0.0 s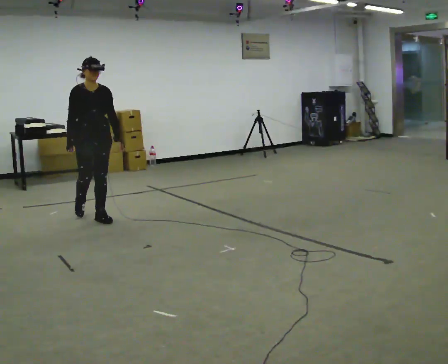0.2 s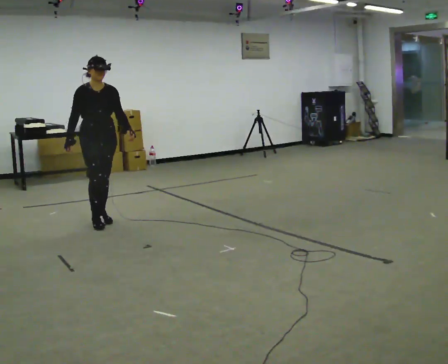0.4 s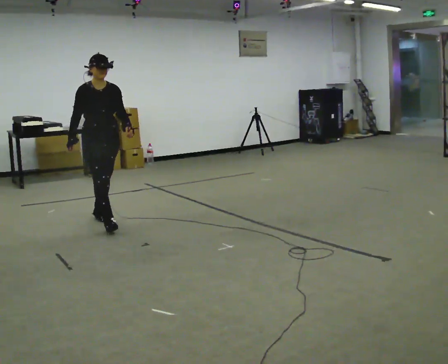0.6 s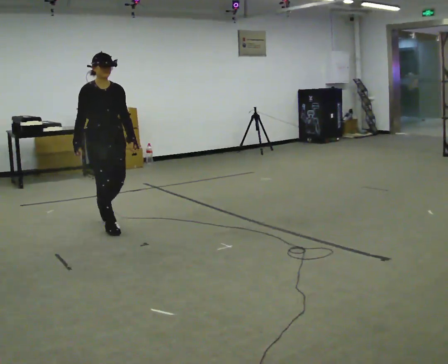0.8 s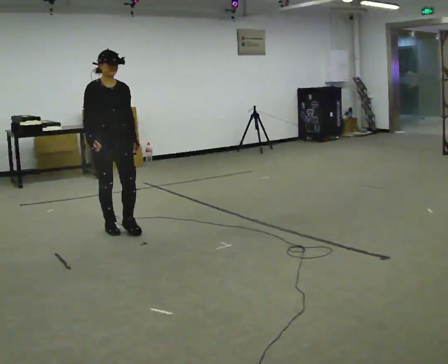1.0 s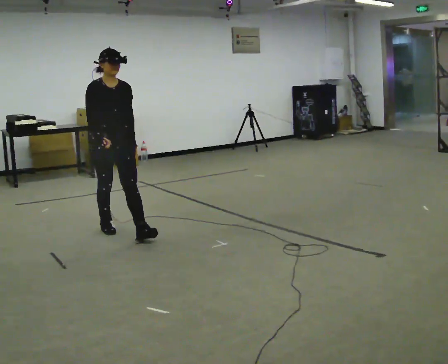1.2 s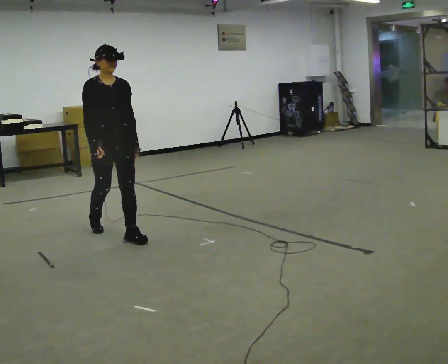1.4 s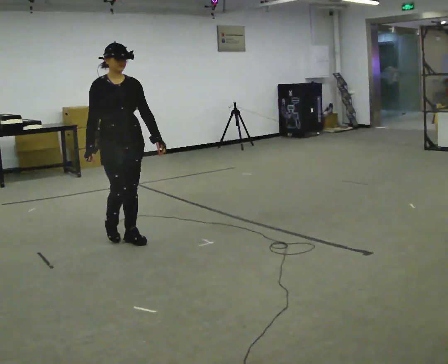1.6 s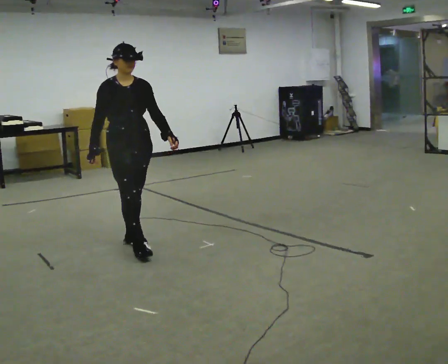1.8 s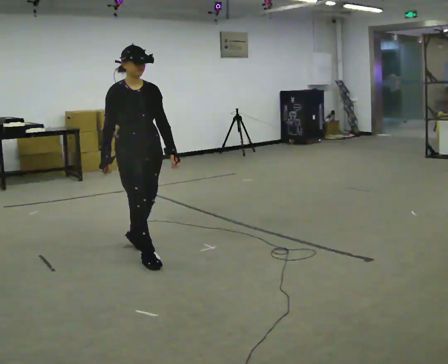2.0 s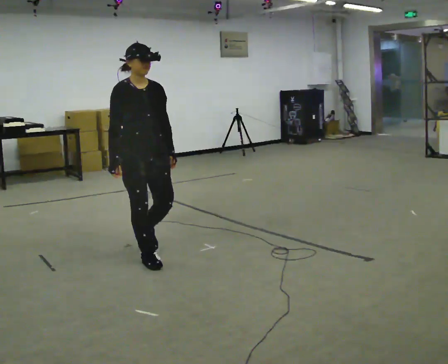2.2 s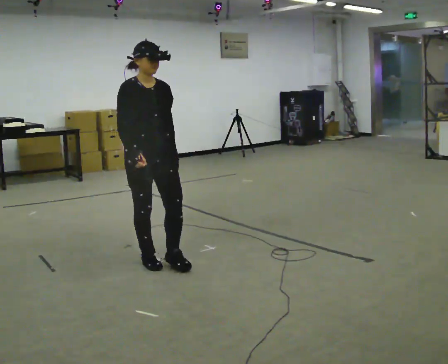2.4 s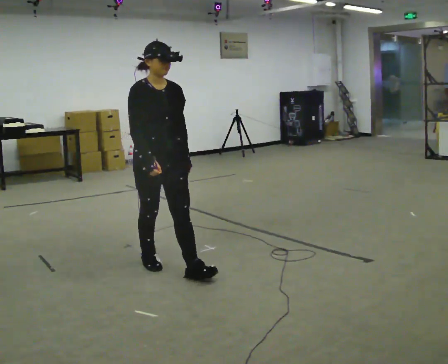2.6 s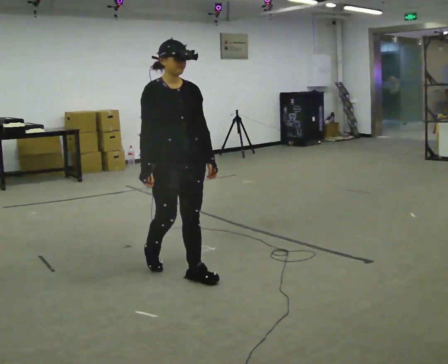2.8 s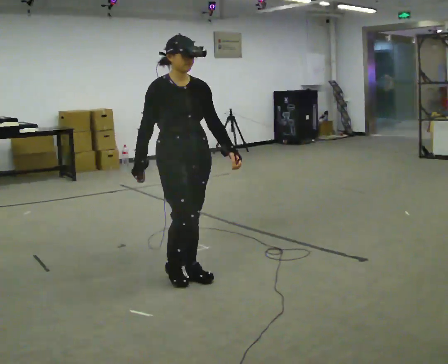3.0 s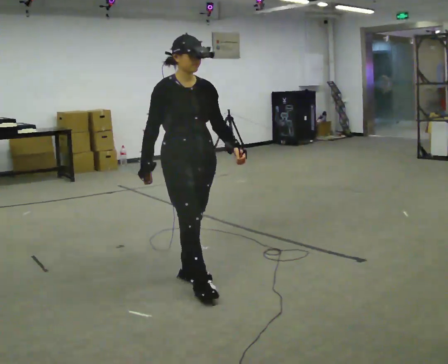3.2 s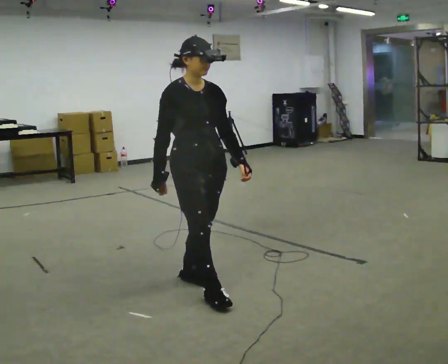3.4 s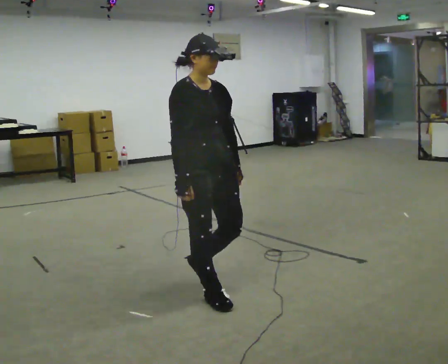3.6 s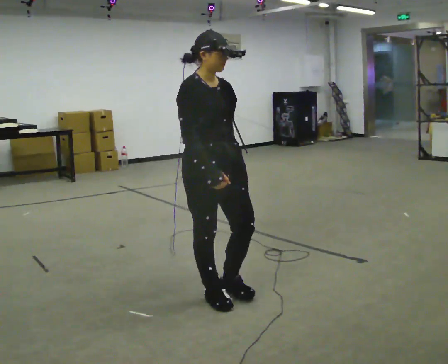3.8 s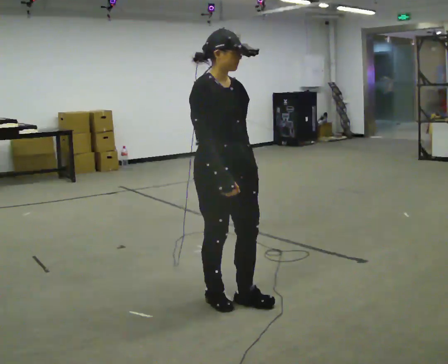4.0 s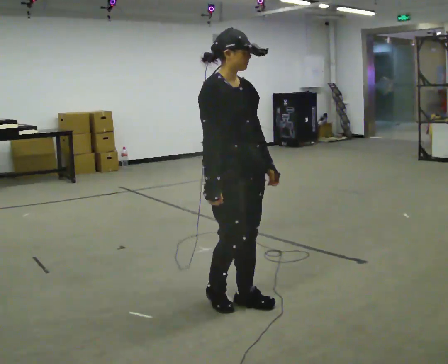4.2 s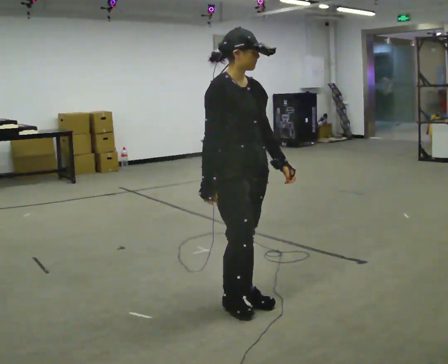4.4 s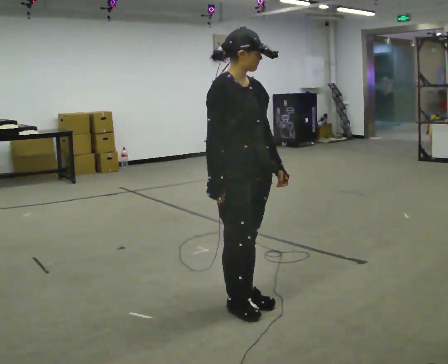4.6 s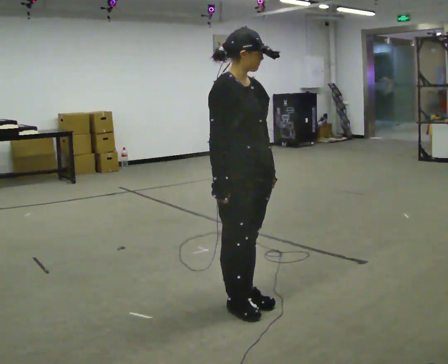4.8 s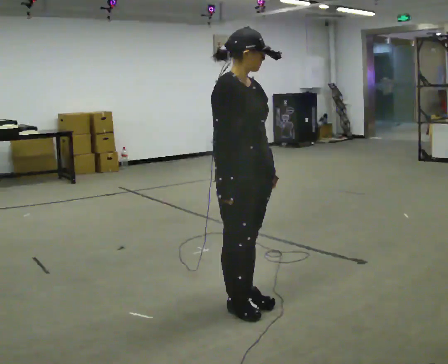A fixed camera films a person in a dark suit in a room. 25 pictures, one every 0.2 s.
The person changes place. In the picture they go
toward the camera.
0.0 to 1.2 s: In the picture they go toward the camera and to the right, about 1 m in 2 steps, which for them is forward.
1.2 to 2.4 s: In the picture they go toward the camera and to the right, about 1 m in 2 steps, which for them is forward.
2.4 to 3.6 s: In the picture they go toward the camera and to the right, about 0.5 m in 1 step, which for them is forward.
3.6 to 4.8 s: In the picture they go to the right, about 0.25 m in 2 steps, which for them is forward.
The film runs forward here.
